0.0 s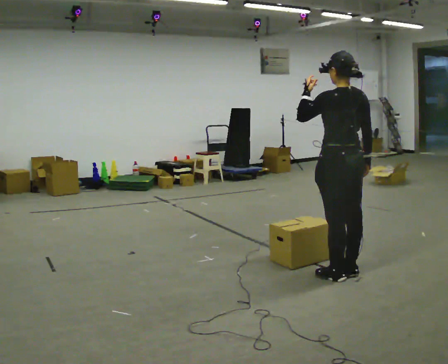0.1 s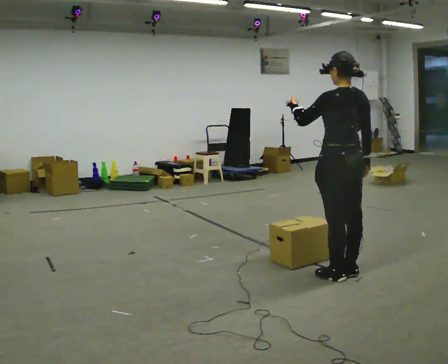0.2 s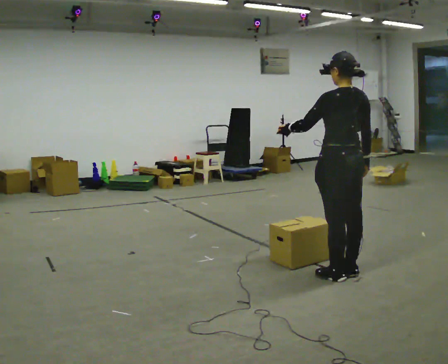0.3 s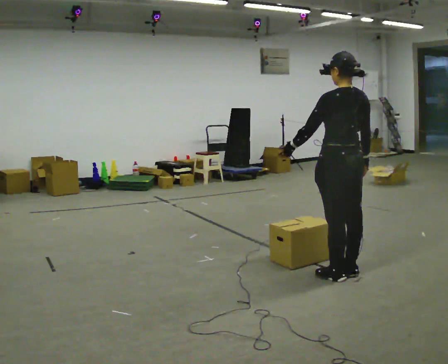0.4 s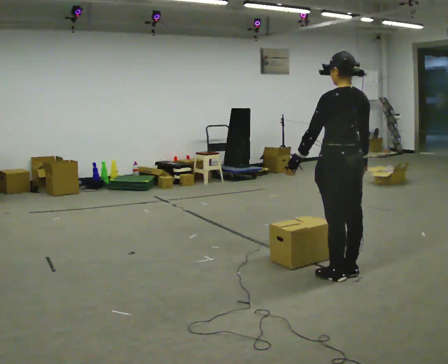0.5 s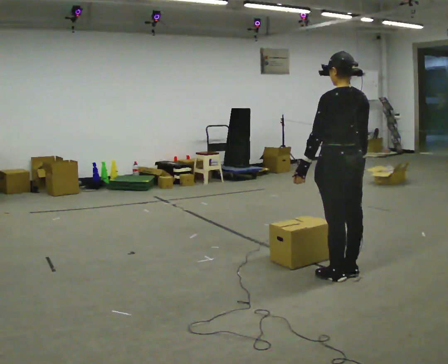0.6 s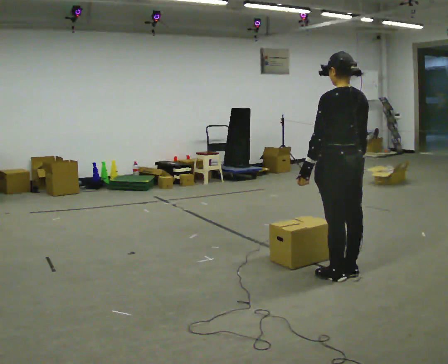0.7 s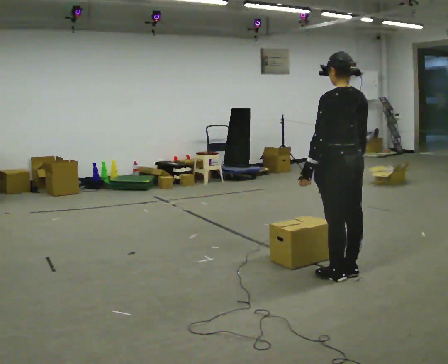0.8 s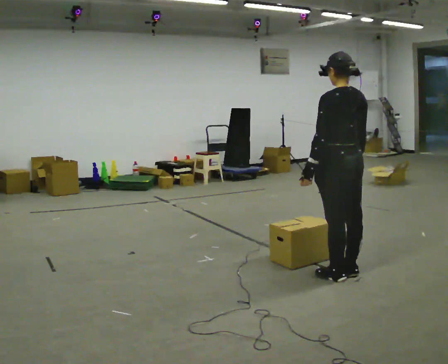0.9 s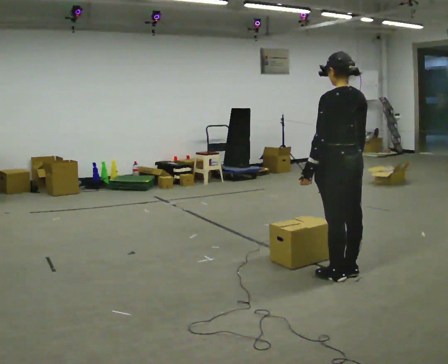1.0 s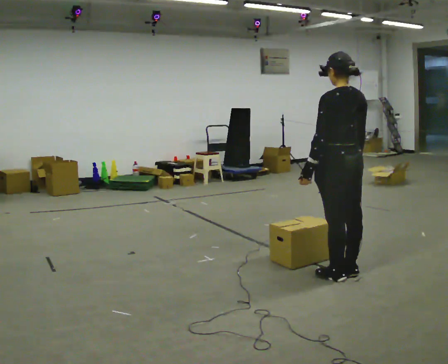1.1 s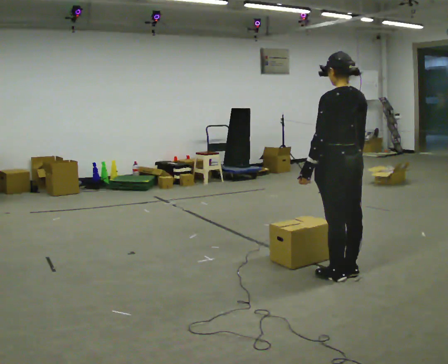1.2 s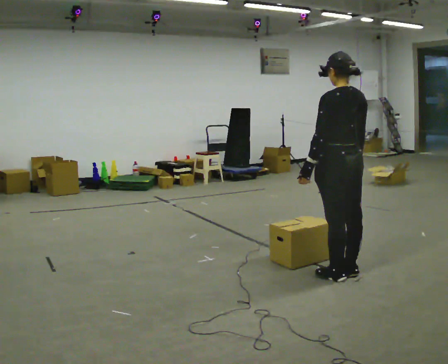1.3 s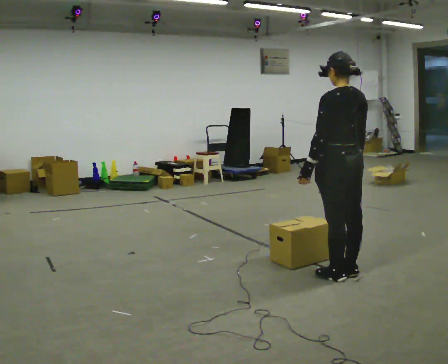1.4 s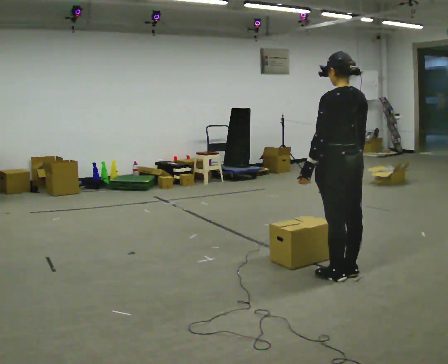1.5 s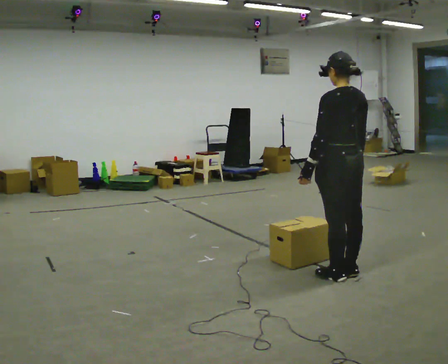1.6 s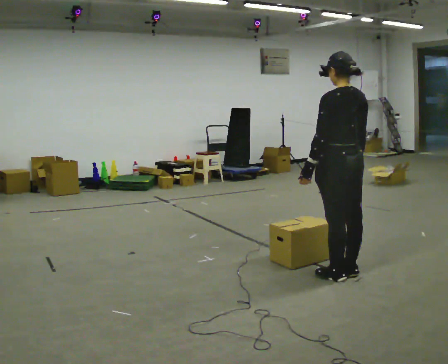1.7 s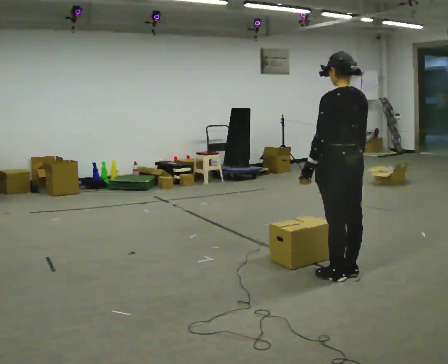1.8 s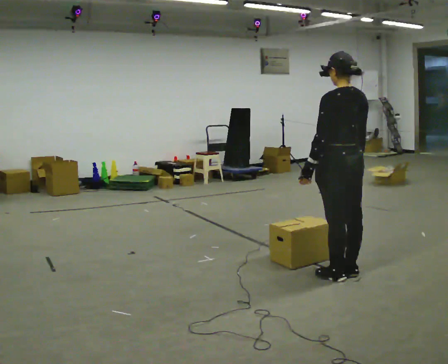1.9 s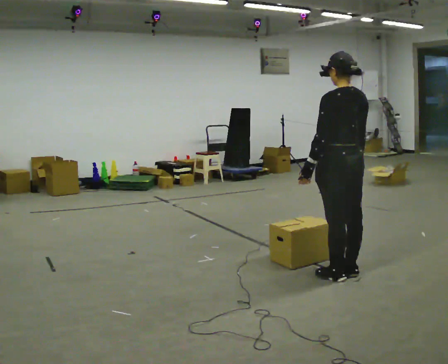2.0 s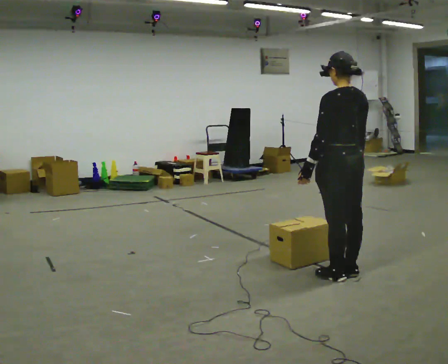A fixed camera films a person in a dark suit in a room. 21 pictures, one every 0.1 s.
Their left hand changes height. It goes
downward.
0.0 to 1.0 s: In the picture their left hand goes downward, the arm swinging counterclockwise.
1.0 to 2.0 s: The person keeps their place and pose.
The film runs forward here.
